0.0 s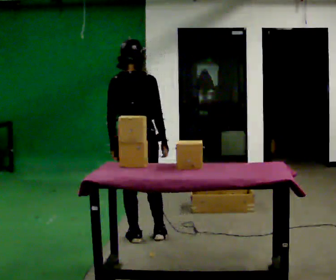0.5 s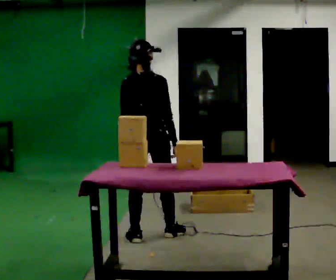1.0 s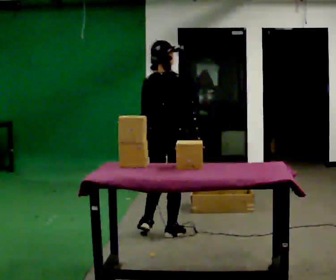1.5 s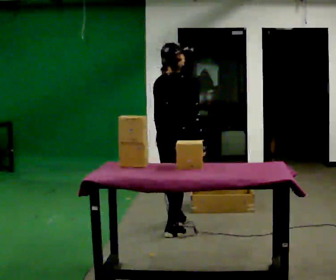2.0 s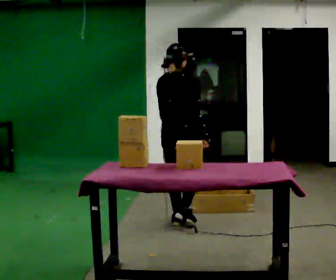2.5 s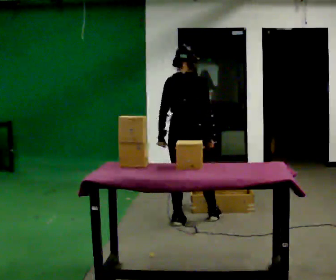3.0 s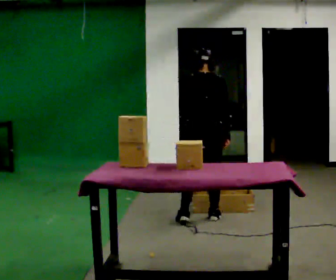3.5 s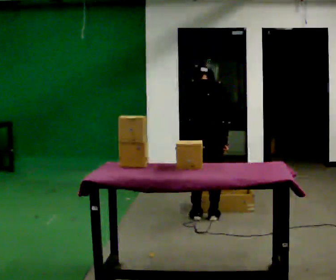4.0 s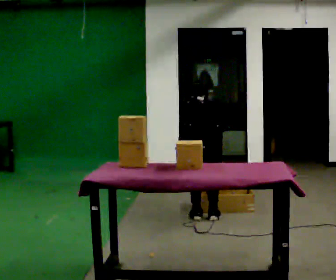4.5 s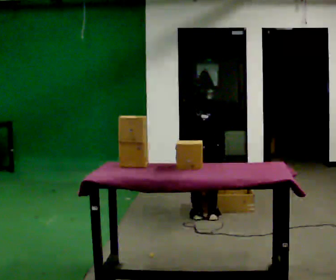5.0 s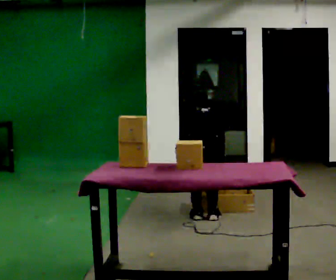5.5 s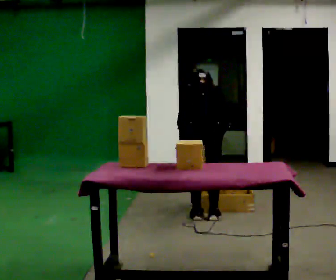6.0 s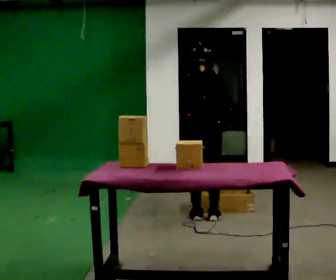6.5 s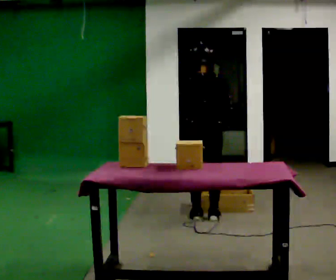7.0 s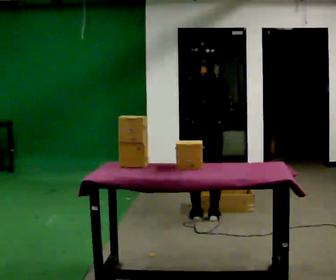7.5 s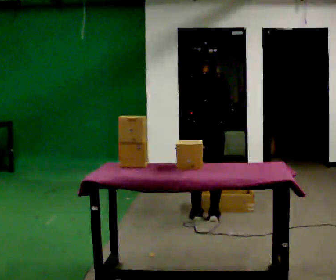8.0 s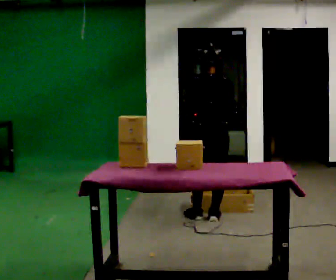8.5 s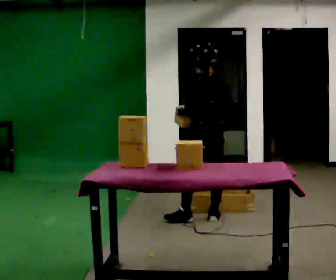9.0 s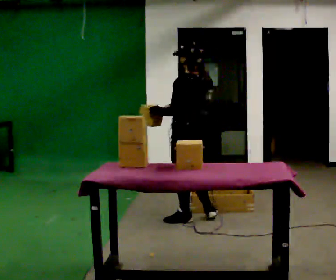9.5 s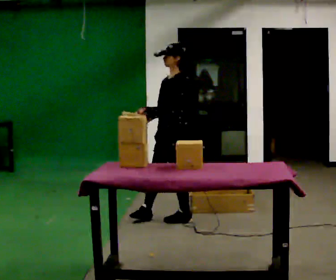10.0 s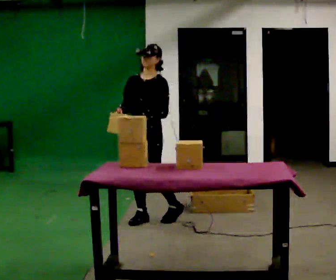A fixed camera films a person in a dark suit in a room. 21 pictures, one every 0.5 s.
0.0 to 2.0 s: The part of the body nearest the lens slides to the left as the person turns to their right by about 30 degrees. In the picture they go away from the camera and to the right, about 0.5 m in 1 step, which for them is forward.
2.0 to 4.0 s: Seen from above the body turns counterclockwise, about 30 degrees: to their left, with its near side sliding to the right. In the picture they go to the right, about 0.25 m in 2 steps, which for them is to their right. The shoulders move downward. The upper body tips away from the camera, its near side rolling upward, as they bend forward. In the picture their left hand goes downward.
4.0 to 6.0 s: The upper body tips toward the camera, its near side rolling downward, as they lean back or straighten. In the picture their left hand goes upward.
6.0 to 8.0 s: The person moves a little, or ends about where they began.
8.0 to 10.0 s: The part of the body nearest the lens slides to the right as the person turns to their left by about 150 degrees. In the picture they go to the left, about 0.5 m in 1 step.
The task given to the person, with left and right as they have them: Reach down into the deep bin on the floor, take out one object at a time, carry it to the shelf, and come back for the next one. Keep going until the operator says stop; one object at a time, and do not rush between trips.
The film runs forward here.
